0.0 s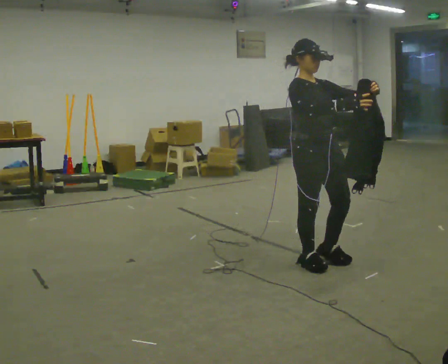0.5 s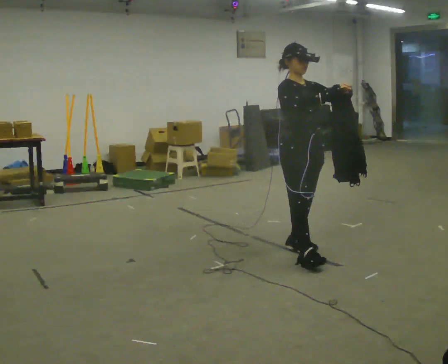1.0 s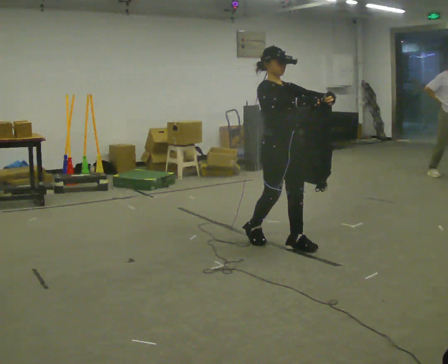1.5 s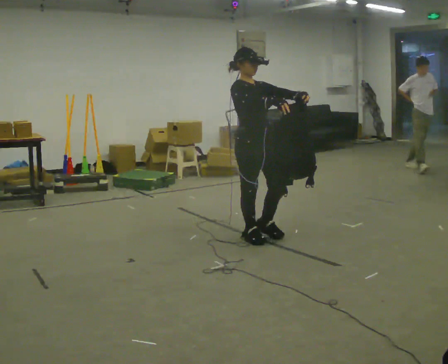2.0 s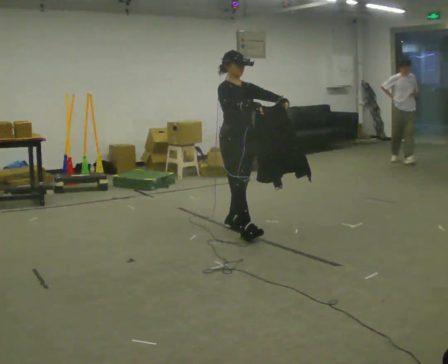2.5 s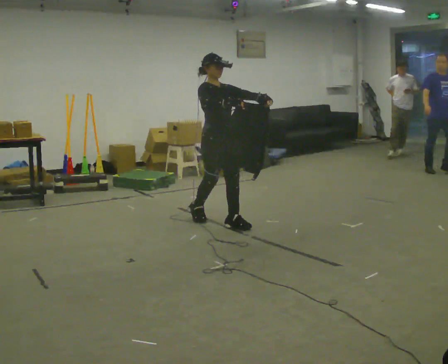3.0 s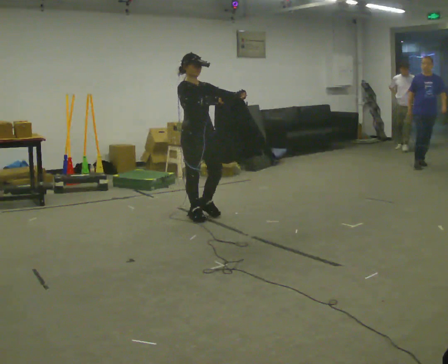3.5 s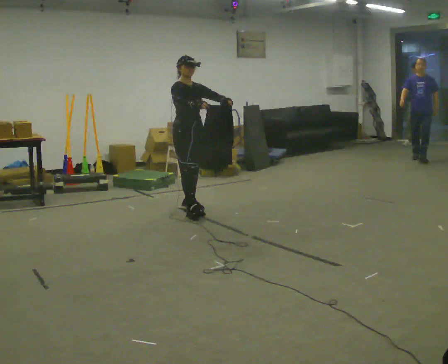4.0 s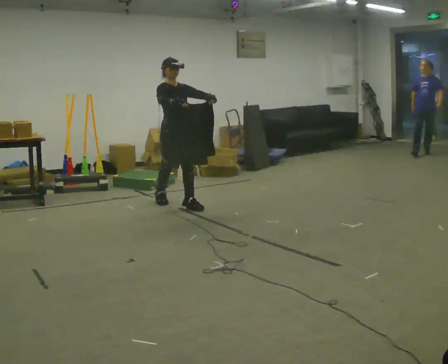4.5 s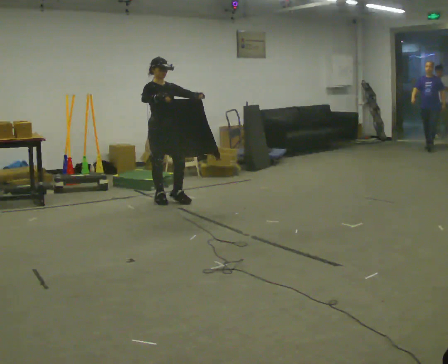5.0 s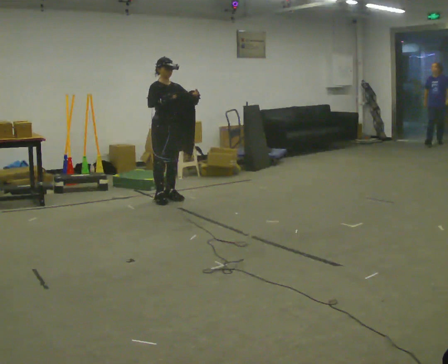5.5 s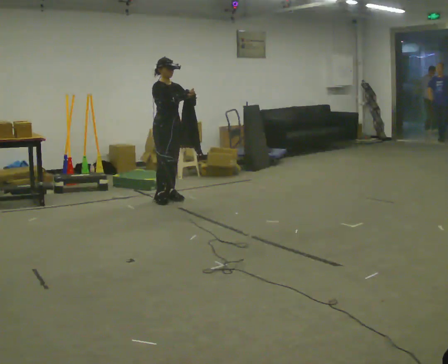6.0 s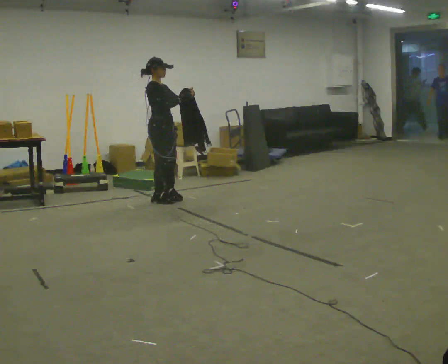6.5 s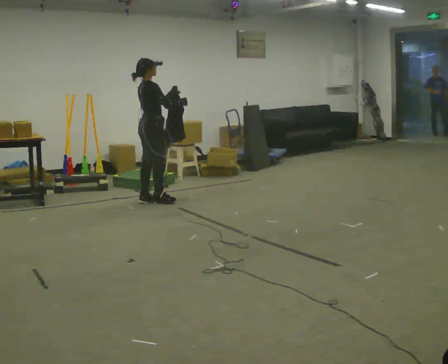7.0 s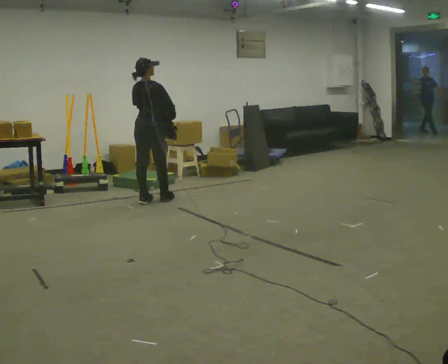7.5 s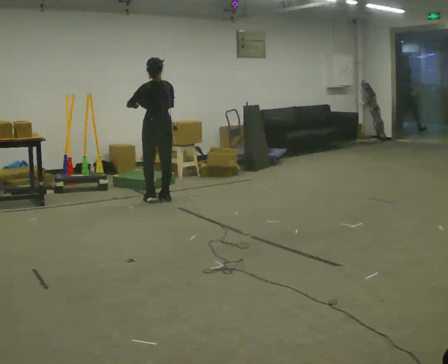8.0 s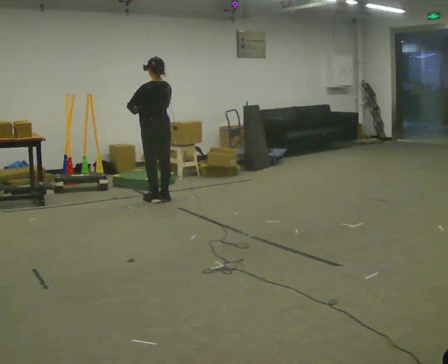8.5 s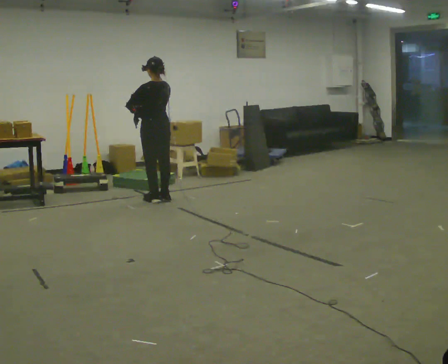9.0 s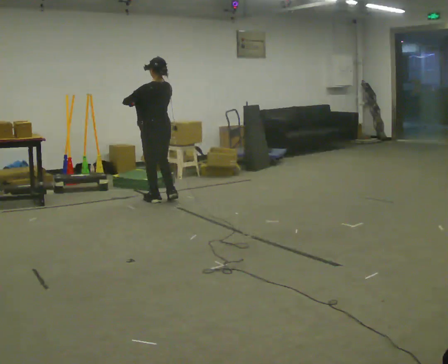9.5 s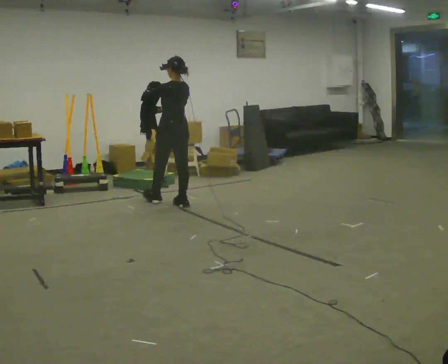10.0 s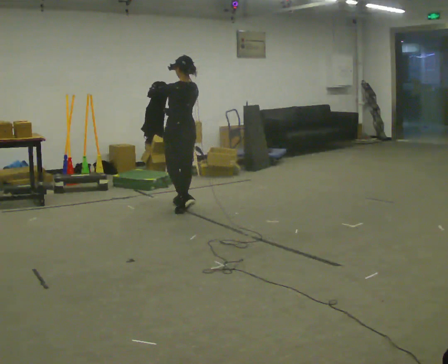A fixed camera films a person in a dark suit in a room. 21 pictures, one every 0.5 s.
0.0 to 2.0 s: In the picture they go away from the camera and to the left, about 1 m in 3 steps, which for them is backward.
2.0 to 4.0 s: In the picture they go away from the camera and to the left, about 1 m in 2 steps, which for them is backward.
4.0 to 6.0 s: Seen from above the body turns counterclockwise, about 45 degrees: to their left, with its near side sliding to the right. In the picture they go away from the camera and to the left, about 0.25 m in 2 steps, which for them is backward.
6.0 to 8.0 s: The part of the body nearest the lens slides to the right as the person turns to their left by about 135 degrees. In the picture their right hand goes to the left.
8.0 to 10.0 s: In the picture they go toward the camera and to the right, about 0.5 m in 2 steps, which for them is backward.
The film runs backward here.
